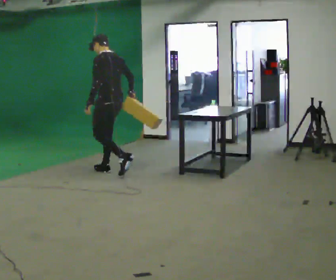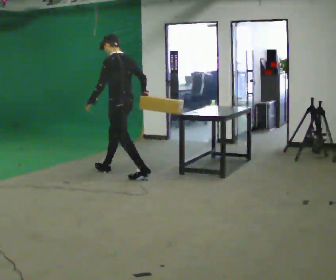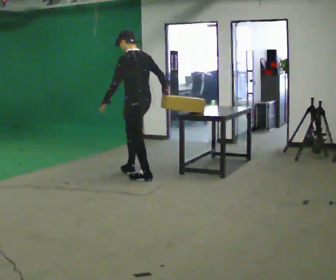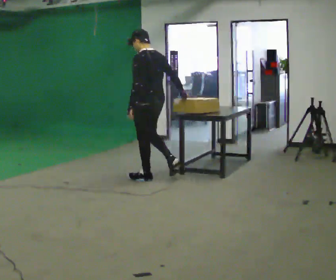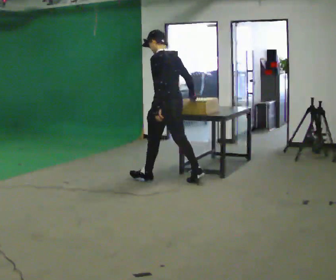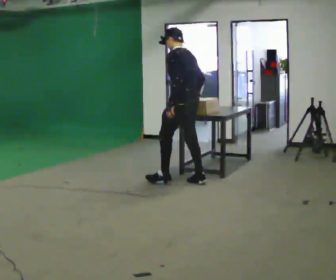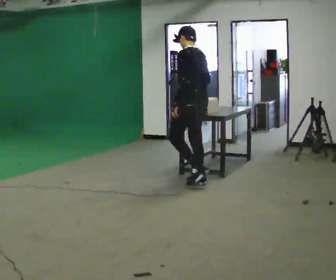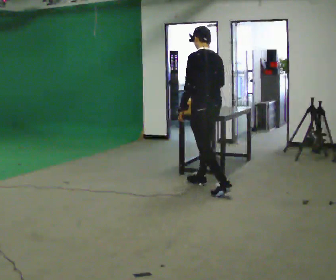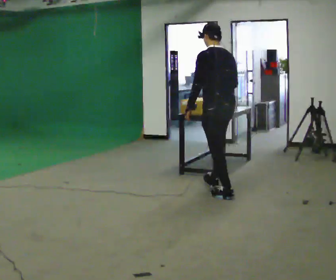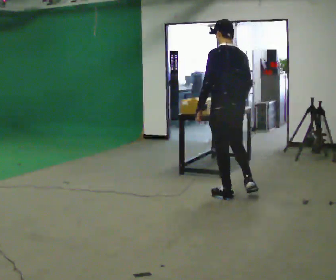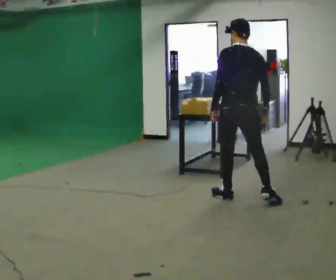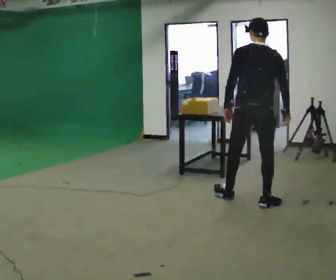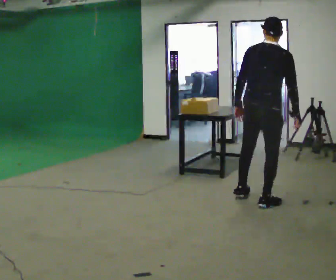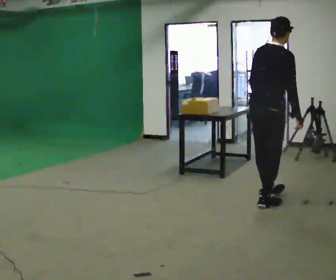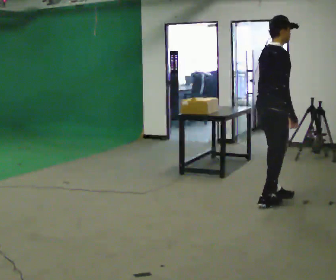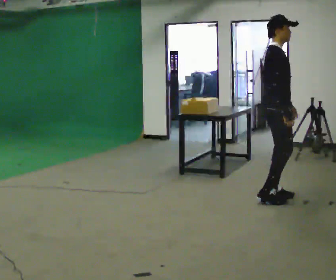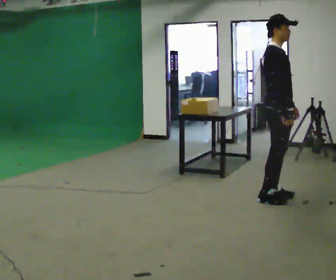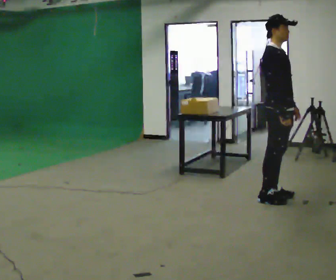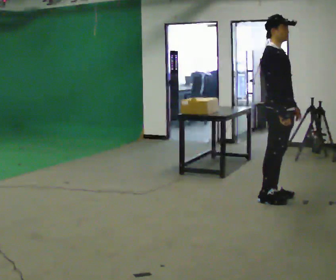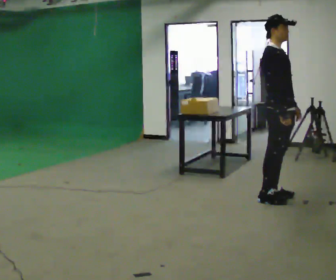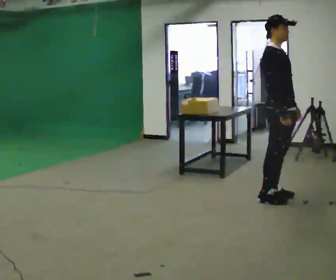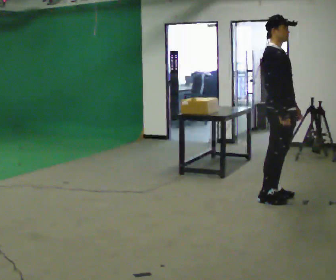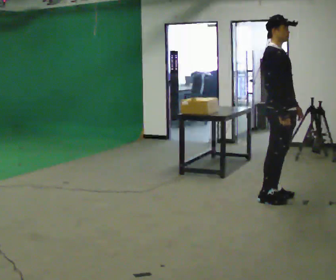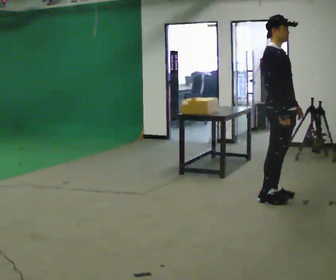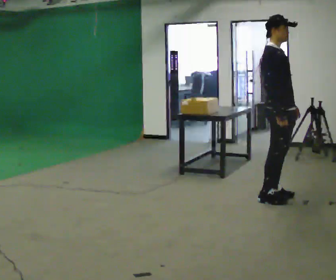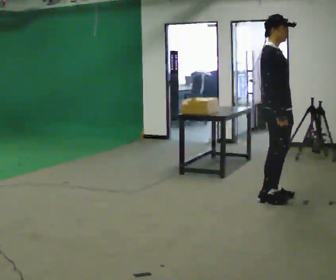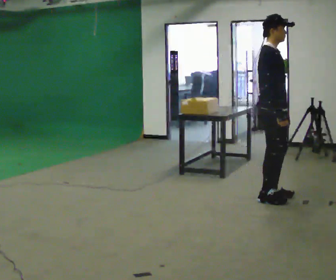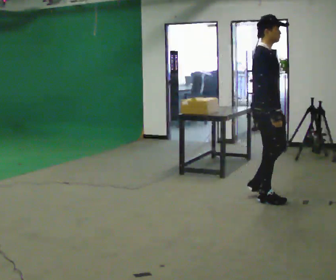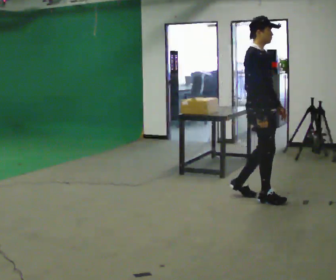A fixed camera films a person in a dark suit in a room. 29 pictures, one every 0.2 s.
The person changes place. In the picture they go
to the right.
The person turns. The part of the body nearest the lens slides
to the left.
0.0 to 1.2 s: In the picture they go to the right, about 1 m in 2 steps, which for them is backward.
1.2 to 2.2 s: The part of the body nearest the lens slides to the left as the person turns to their right by about 60 degrees. In the picture they go to the right and toward the camera, about 1 m in 1 step, which for them is backward.
2.2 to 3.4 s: The person turns about 105 degrees to their right, clockwise seen from above, so the part of the body nearest the lens slides to the left. In the picture they go to the right, about 0.25 m in 2 steps. In the picture their left hand goes to the right, the arm swinging counterclockwise.
3.4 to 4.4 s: The person keeps their place and pose.
4.4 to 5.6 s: In the picture they go to the left, about 0.25 m in 1 step, which for them is backward.
The film runs backward here.
